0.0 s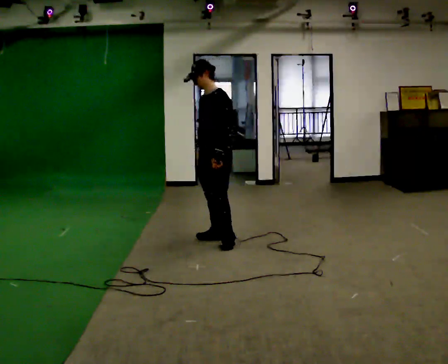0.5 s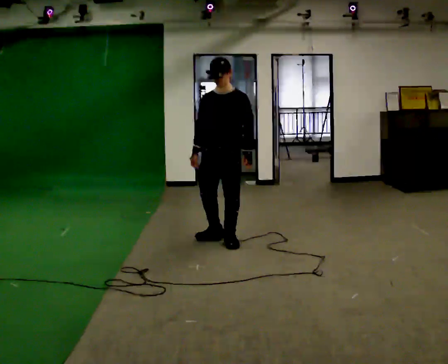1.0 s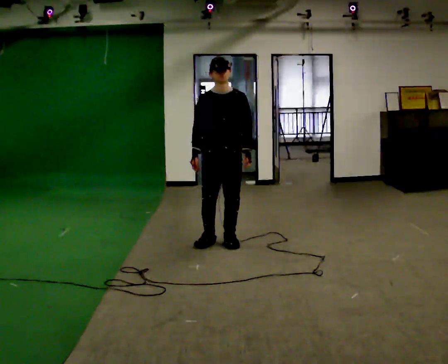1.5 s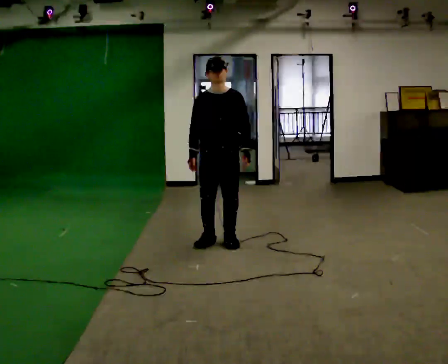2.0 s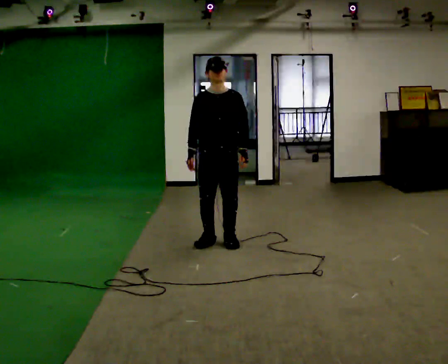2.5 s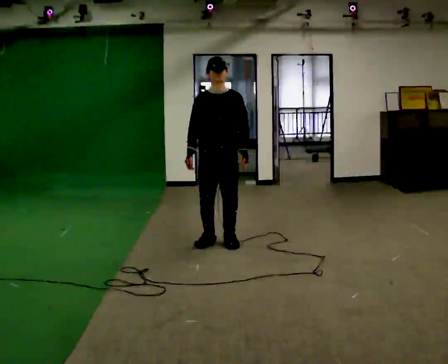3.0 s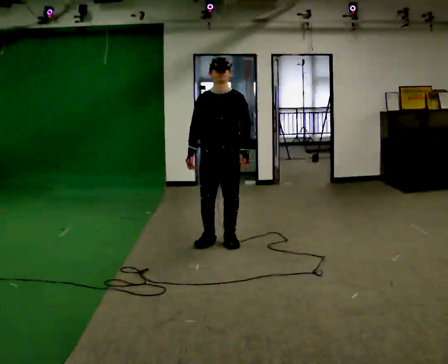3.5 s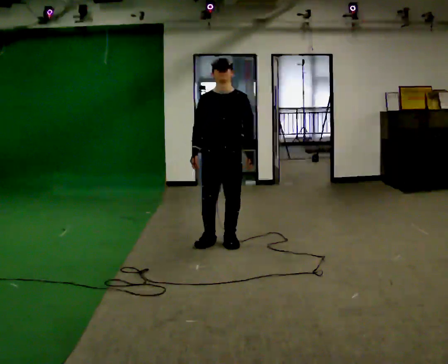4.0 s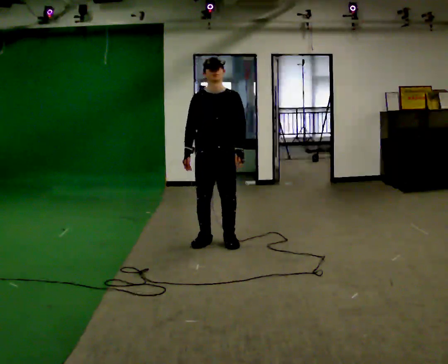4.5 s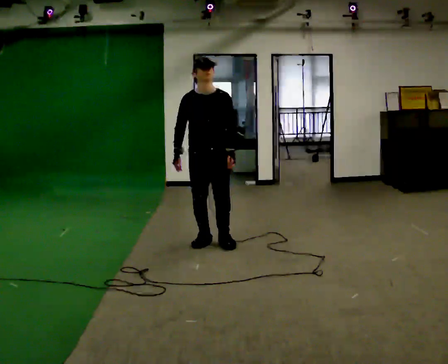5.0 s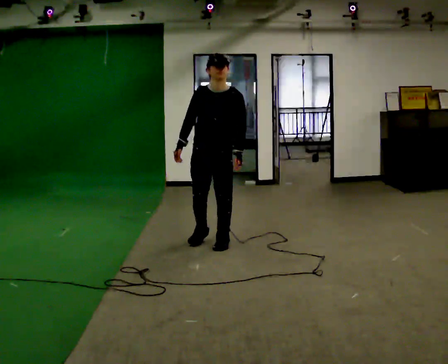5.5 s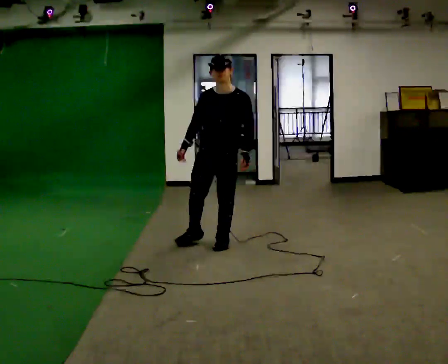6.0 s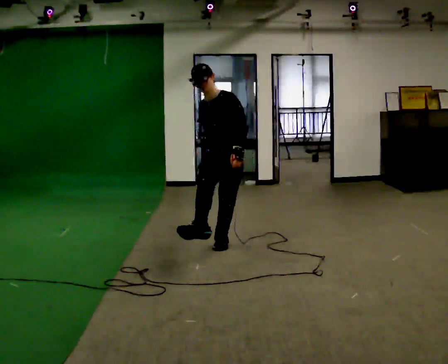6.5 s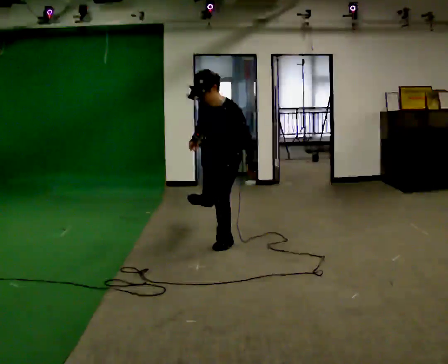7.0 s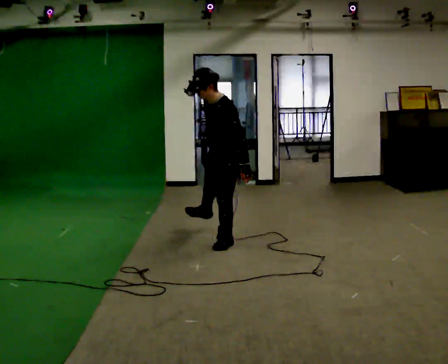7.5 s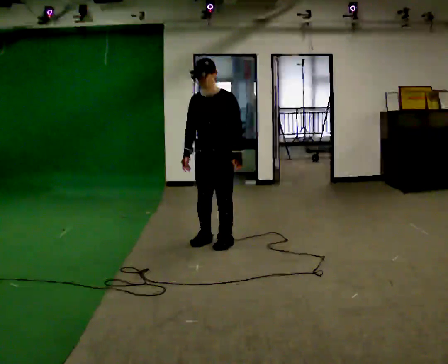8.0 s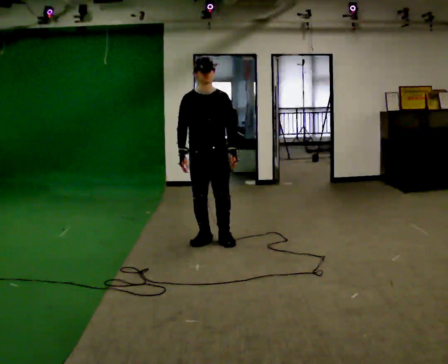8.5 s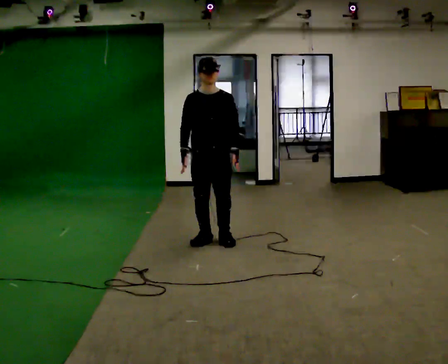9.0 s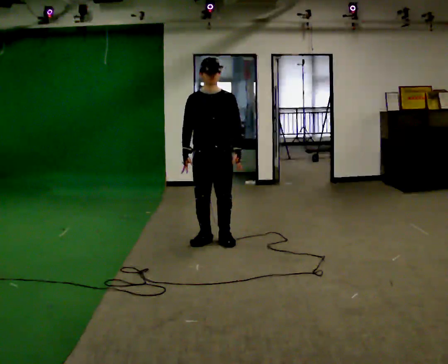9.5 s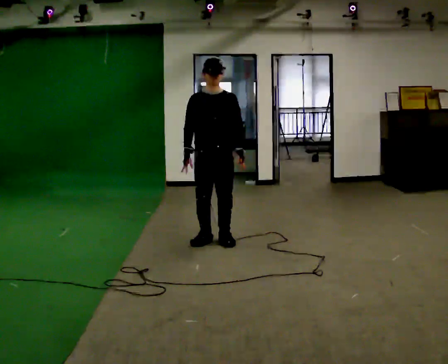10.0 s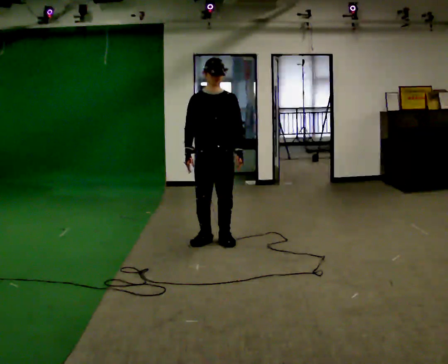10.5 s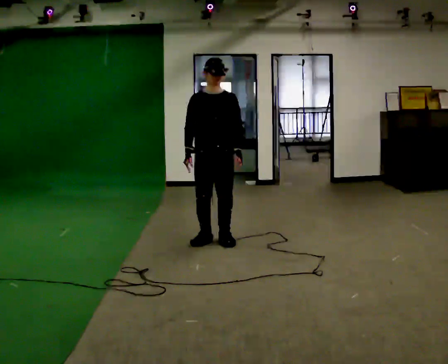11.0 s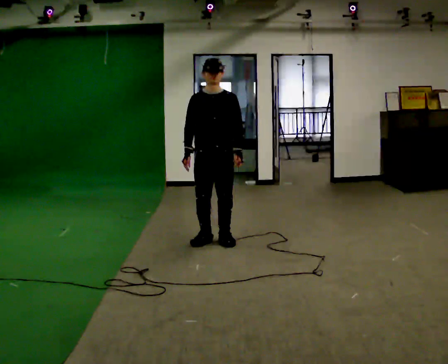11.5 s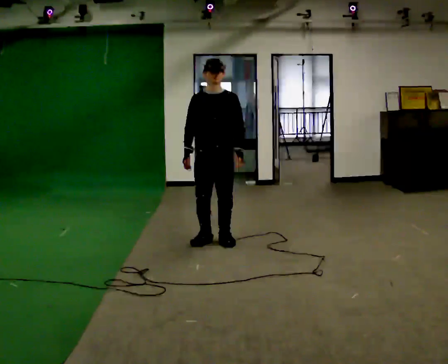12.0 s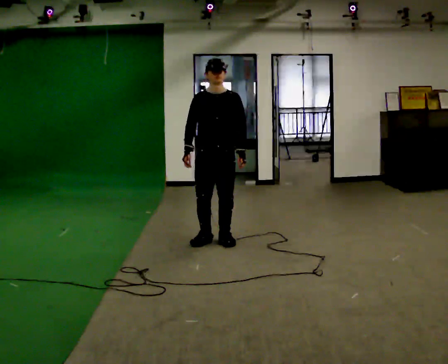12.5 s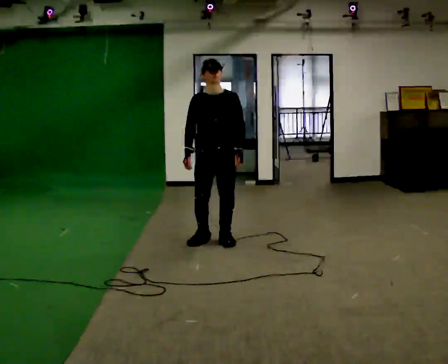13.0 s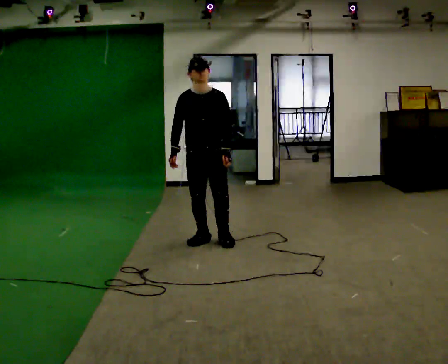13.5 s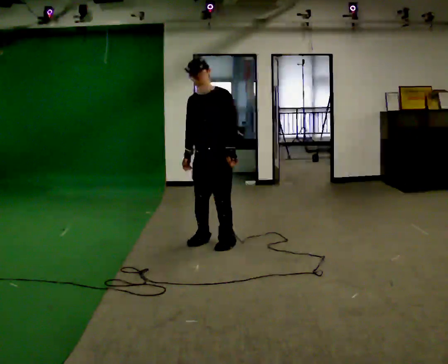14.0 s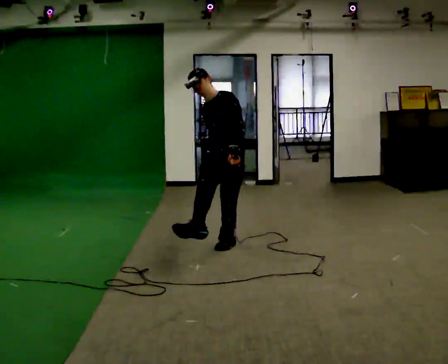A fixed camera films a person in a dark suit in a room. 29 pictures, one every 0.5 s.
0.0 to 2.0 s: The part of the body nearest the lens slides to the right as the person turns to their left by about 60 degrees.
2.0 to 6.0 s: The person moves a little, or ends about where they began.
6.0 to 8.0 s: The part of the body nearest the lens slides to the right as the person turns to their left by about 30 degrees. In the picture they go away from the camera and to the left, about 0.25 m.
8.0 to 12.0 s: The person moves a little, or ends about where they began.
12.0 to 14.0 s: Seen from above the body turns clockwise, about 30 degrees: to their right, with its near side sliding to the left. In the picture they go toward the camera, about 0.25 m in 1 step, which for them is forward. In the picture their right hand goes to the right.
The film runs backward here.
